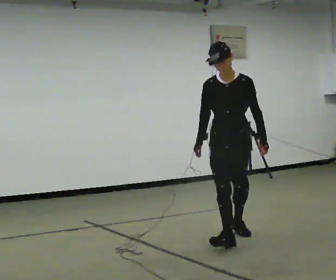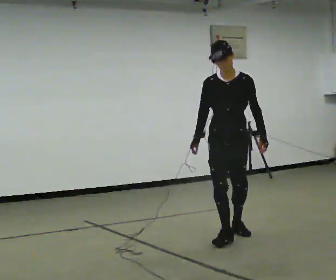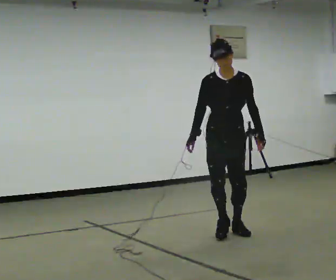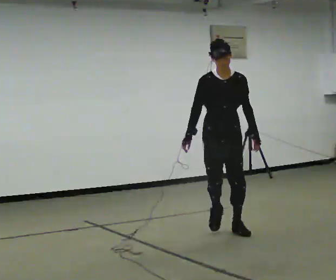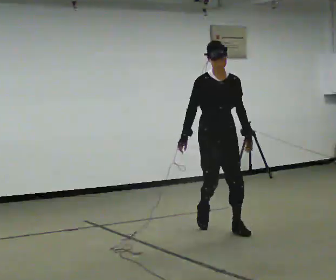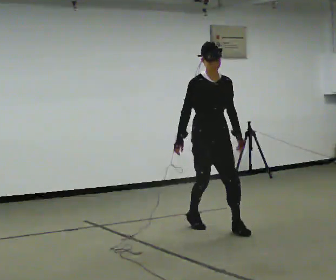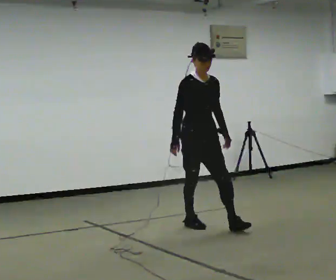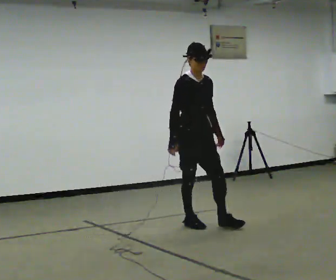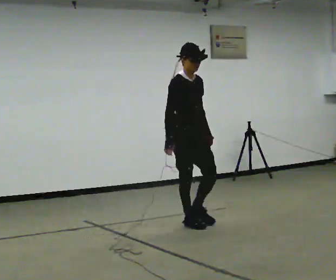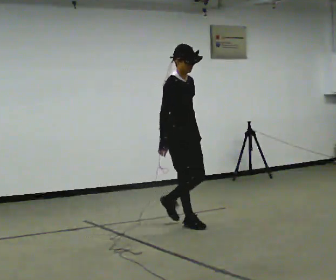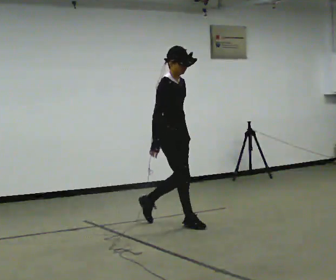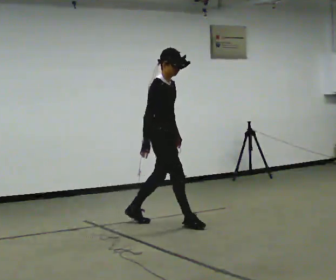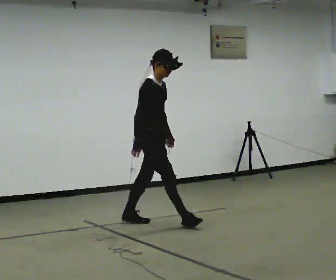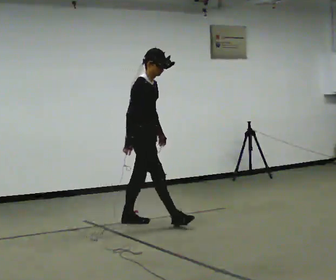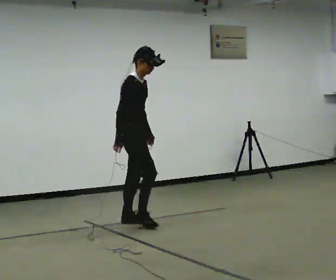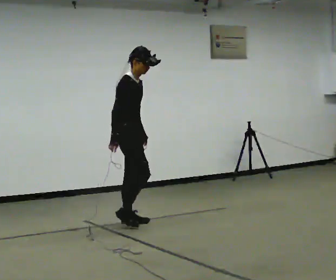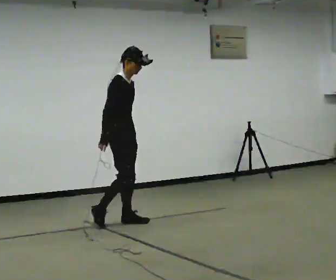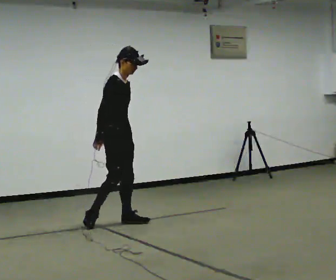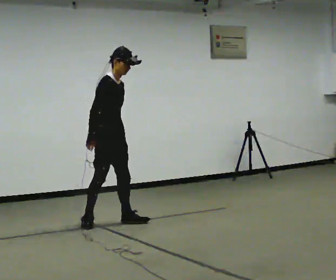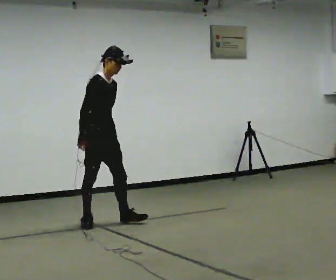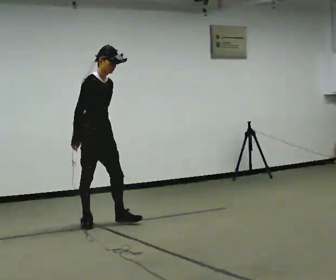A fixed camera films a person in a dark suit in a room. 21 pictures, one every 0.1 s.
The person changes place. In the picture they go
to the left.
The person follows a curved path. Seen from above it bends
counterclockwise.
0.0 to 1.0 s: Seen from above the body turns counterclockwise, about 75 degrees: to their left, with its near side sliding to the right. In the picture they go away from the camera and to the left, about 1 m in 1 step.
1.0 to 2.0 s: In the picture they go to the left, about 1 m in 1 step, which for them is backward.
The film runs backward here.
